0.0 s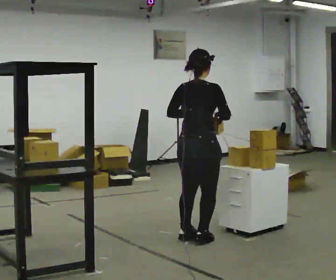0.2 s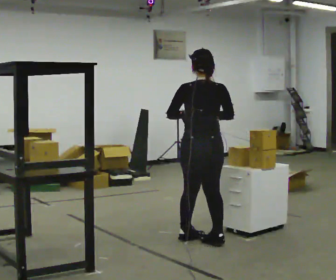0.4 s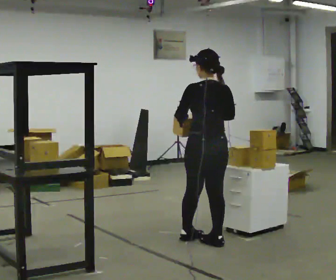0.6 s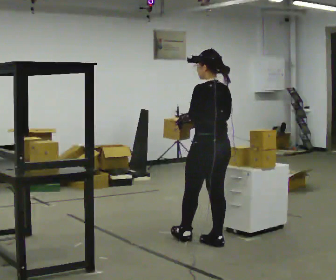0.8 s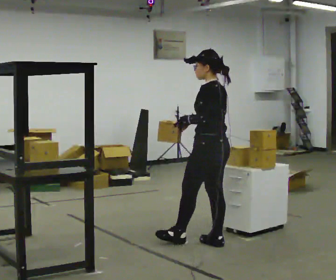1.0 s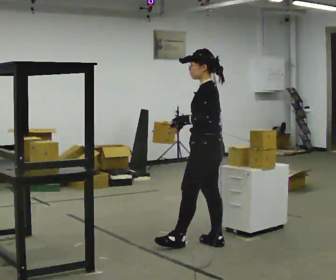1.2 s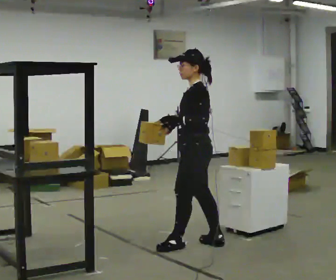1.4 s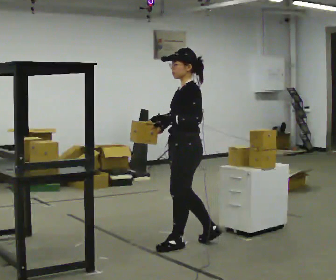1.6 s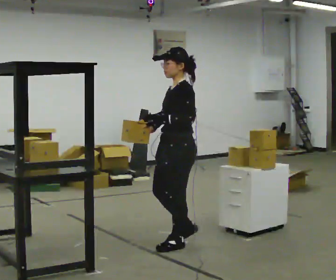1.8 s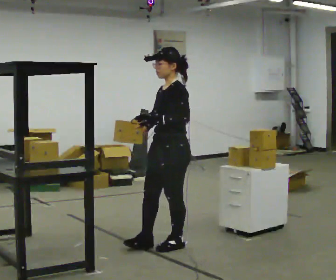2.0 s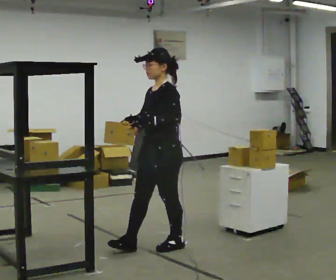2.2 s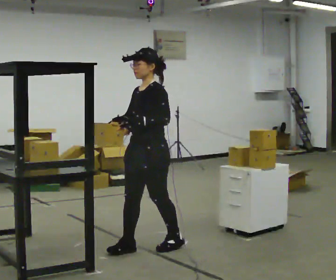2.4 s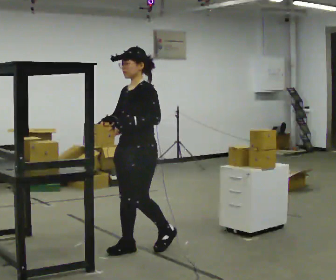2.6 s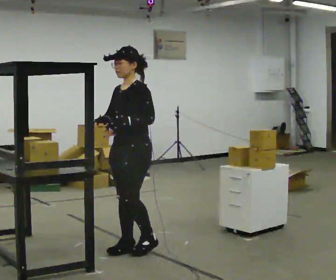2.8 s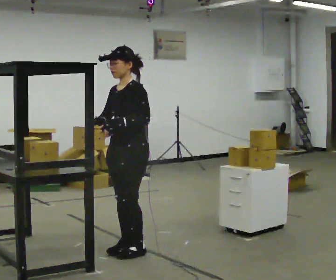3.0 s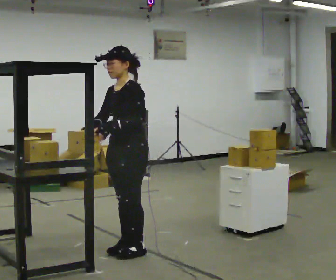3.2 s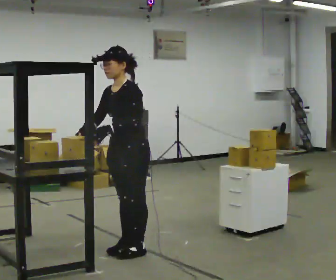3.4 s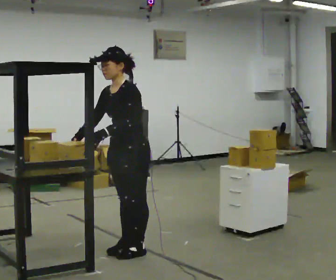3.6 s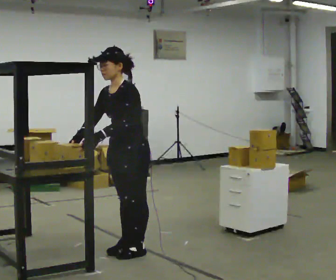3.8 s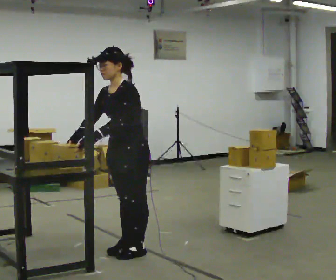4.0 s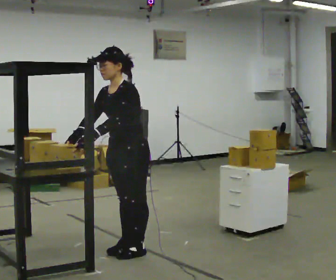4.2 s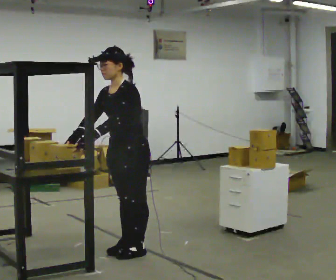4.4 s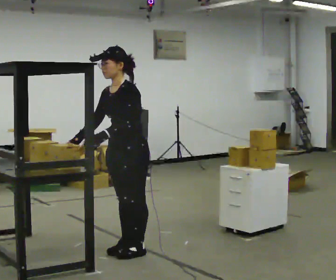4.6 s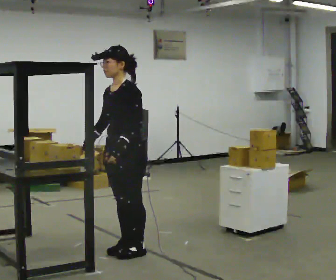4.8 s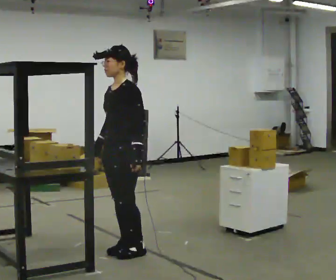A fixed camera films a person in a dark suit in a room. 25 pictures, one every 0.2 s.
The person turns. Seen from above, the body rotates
counterclockwise.
The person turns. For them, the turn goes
to their left.
0.0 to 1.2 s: The person turns about 120 degrees to their left, counterclockwise seen from above, so the part of the body nearest the lens slides to the right. In the picture their right hand goes to the left.
1.2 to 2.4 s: The part of the body nearest the lens slides to the right as the person turns to their left by about 45 degrees. In the picture they go to the left, about 0.5 m in 1 step, which for them is forward.
2.4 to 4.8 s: The person moves a little, or ends about where they began.
The film runs forward here.
